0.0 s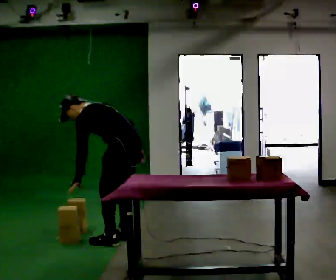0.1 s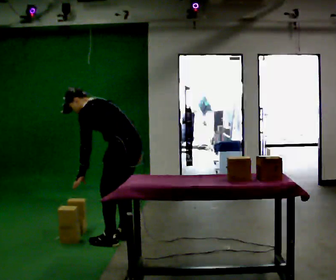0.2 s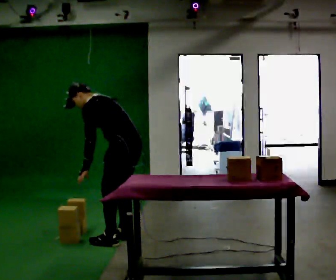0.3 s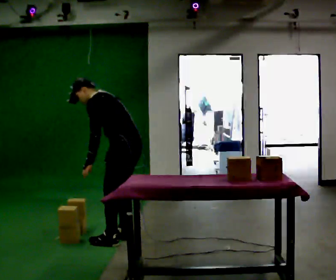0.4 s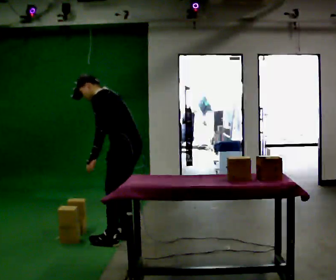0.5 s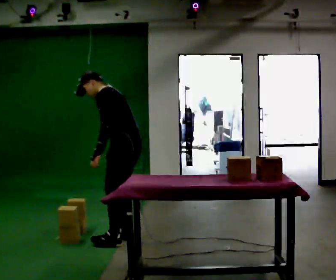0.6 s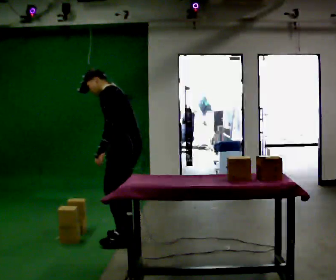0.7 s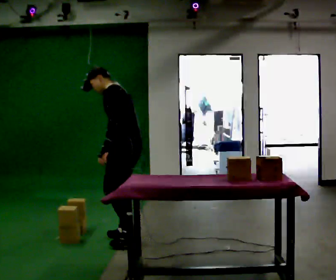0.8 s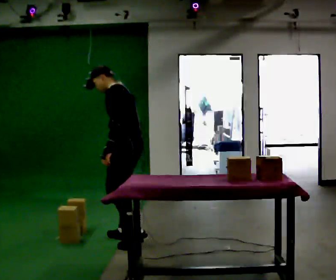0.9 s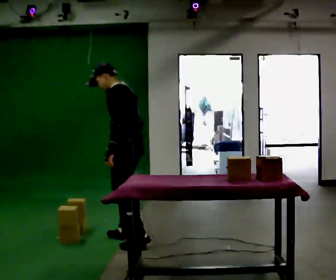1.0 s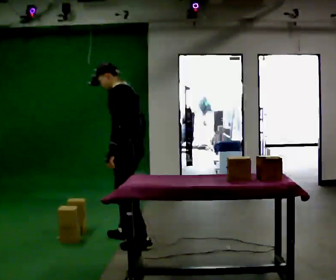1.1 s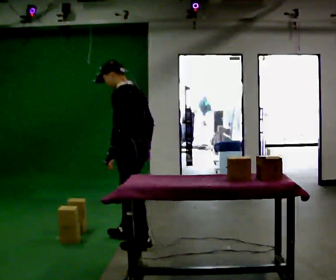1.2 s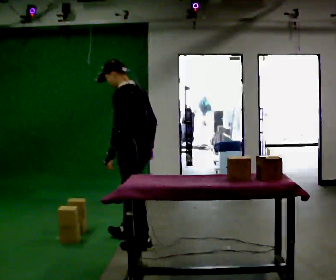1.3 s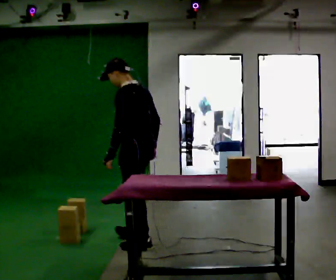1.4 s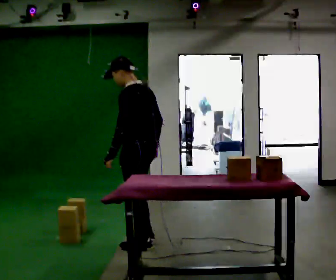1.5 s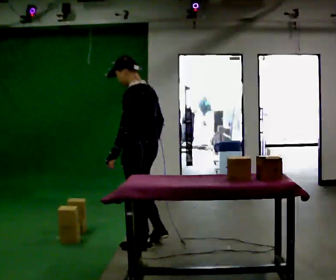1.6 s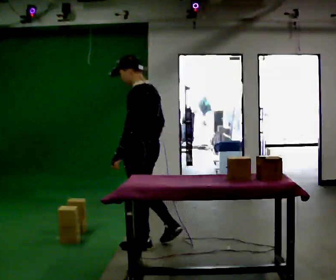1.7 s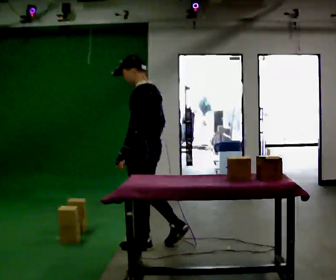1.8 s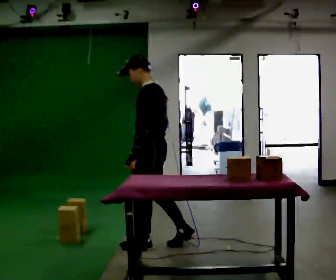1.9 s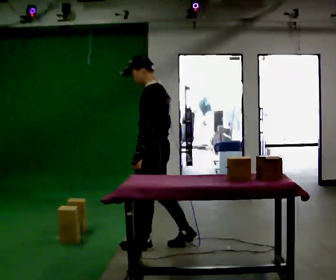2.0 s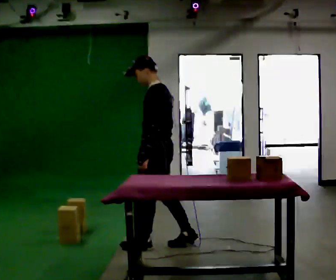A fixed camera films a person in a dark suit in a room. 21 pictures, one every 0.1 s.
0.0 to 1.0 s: The shoulders move upward. In the picture the upper body tilts clockwise, shoulders to the right, as they lean back or straighten.
1.0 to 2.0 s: In the picture they go to the right and toward the camera, about 0.25 m in 1 step, which for them is backward.
The film runs backward here.
